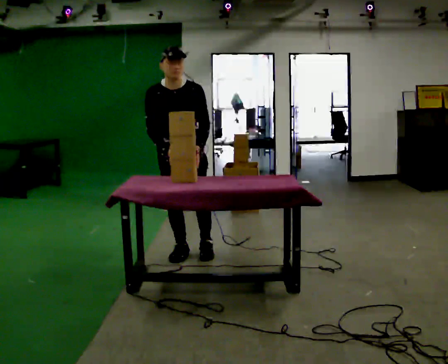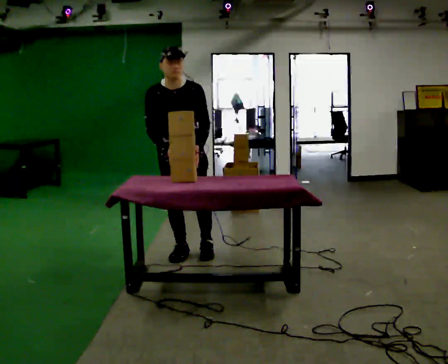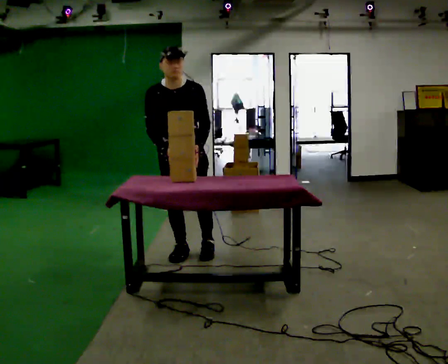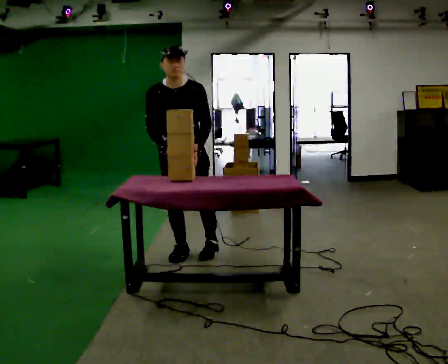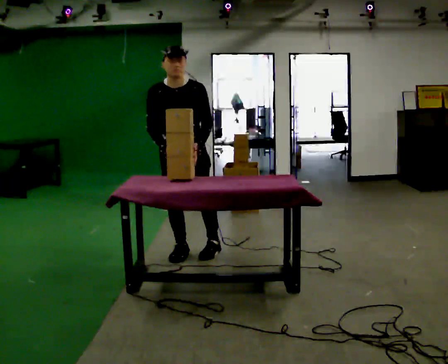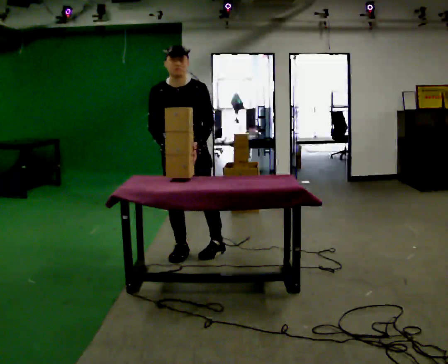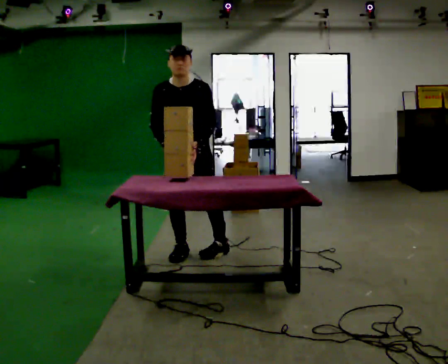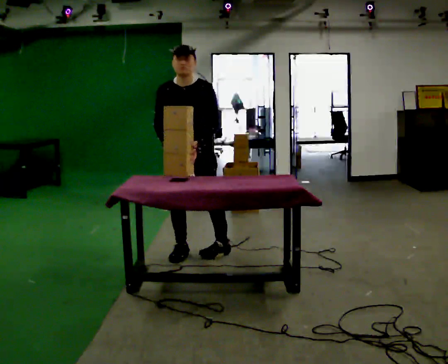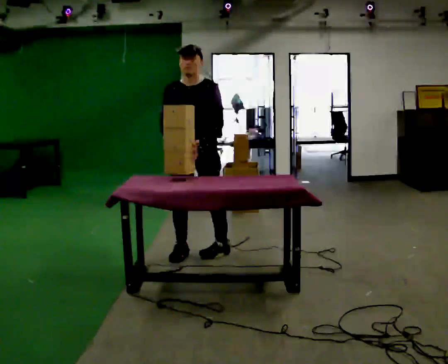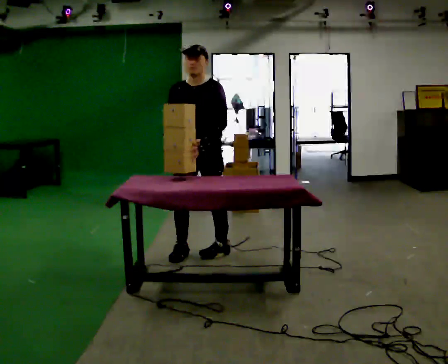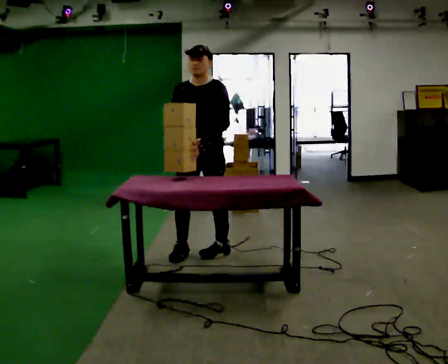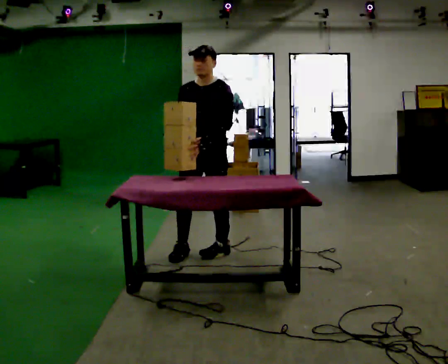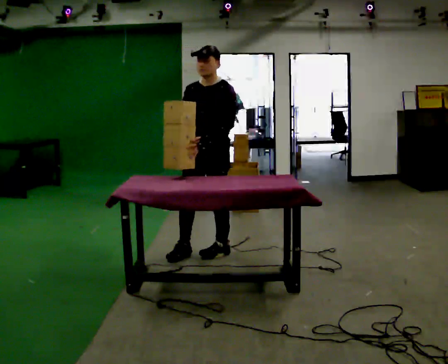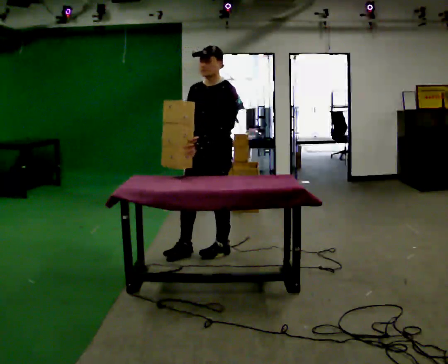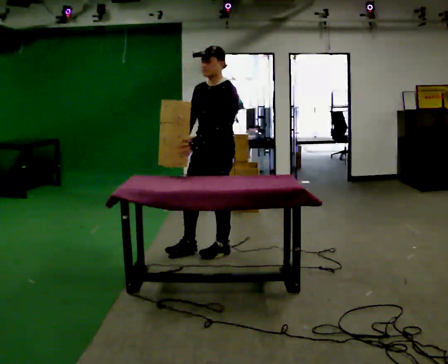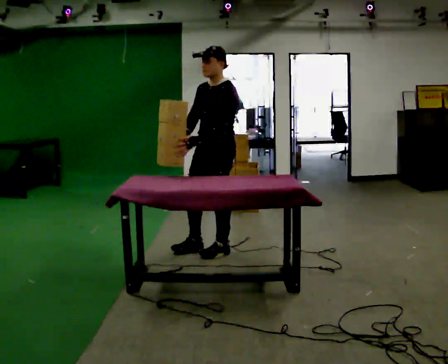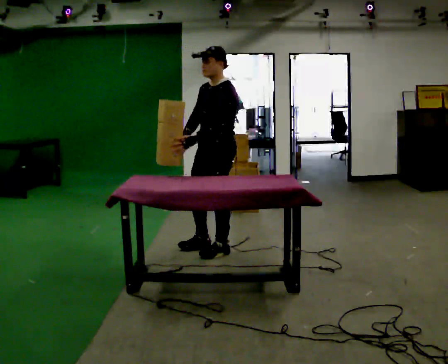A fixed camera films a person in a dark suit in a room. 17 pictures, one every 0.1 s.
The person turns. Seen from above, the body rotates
clockwise.
Their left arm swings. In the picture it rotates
clockwise.
0.0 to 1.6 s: The person turns about 75 degrees to their right, clockwise seen from above, so the part of the body nearest the lens slides to the left. In the picture they go to the right, about 0.25 m in 1 step.
The film runs forward here.
